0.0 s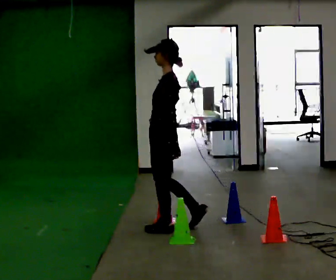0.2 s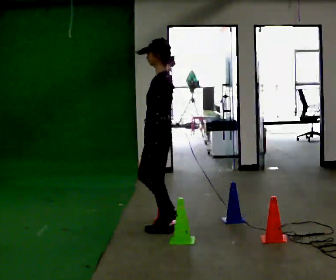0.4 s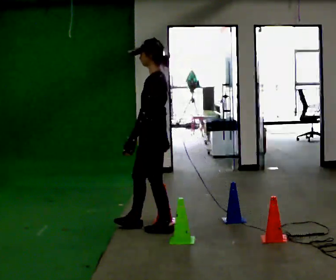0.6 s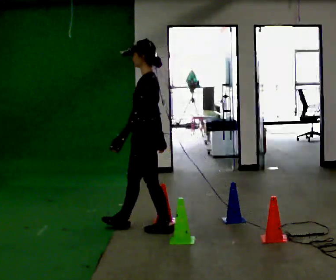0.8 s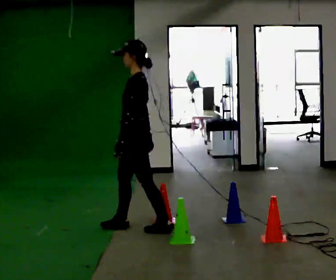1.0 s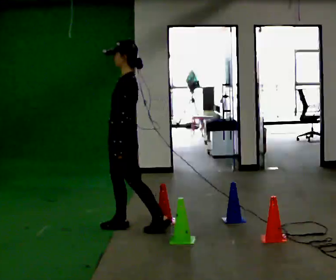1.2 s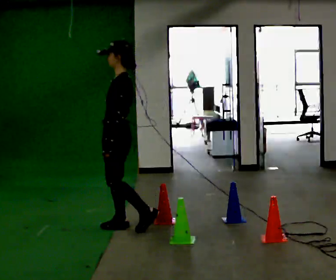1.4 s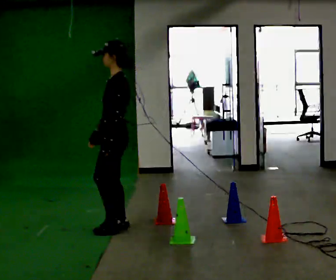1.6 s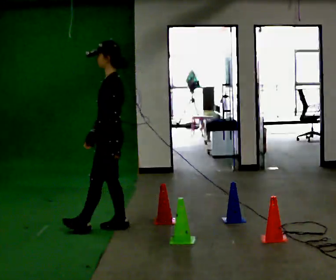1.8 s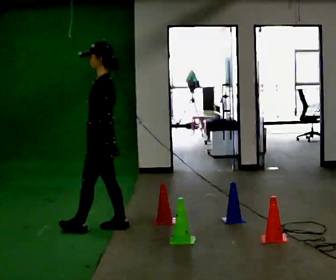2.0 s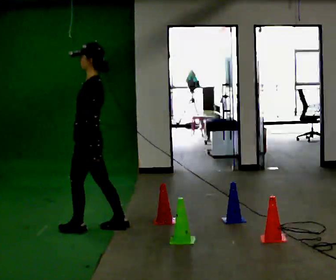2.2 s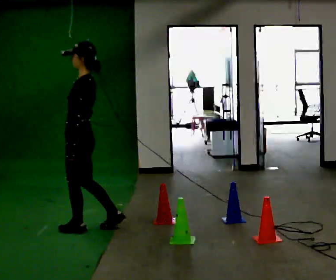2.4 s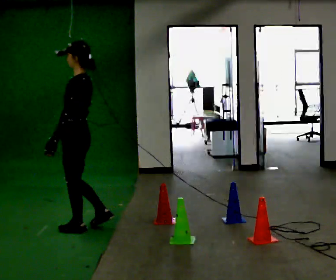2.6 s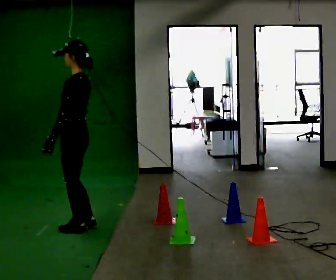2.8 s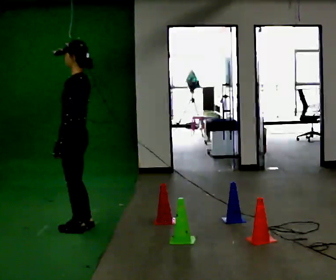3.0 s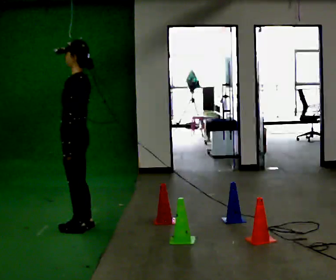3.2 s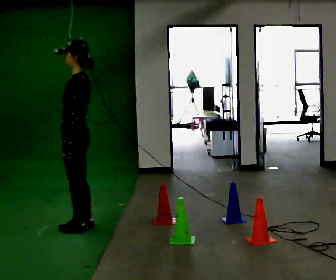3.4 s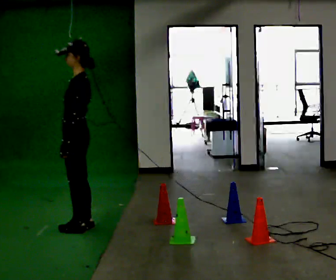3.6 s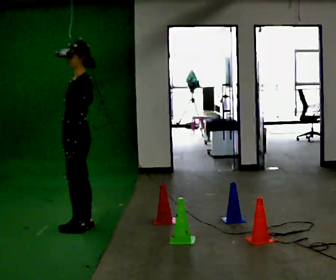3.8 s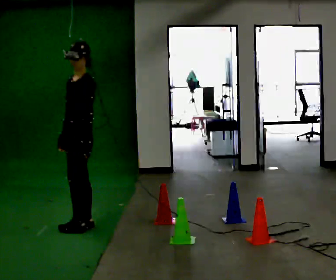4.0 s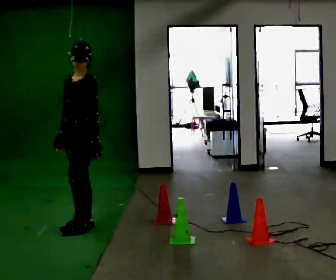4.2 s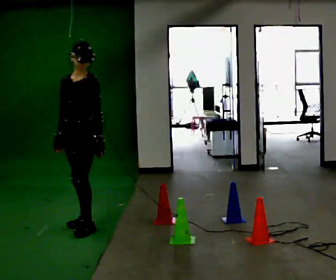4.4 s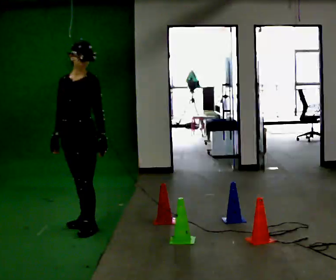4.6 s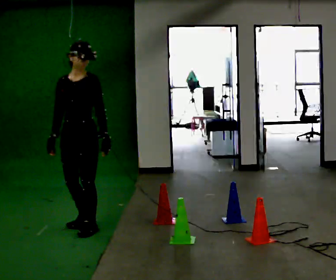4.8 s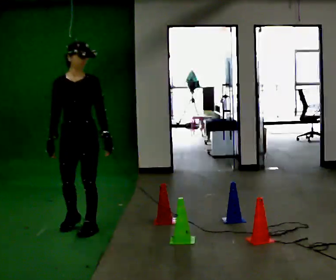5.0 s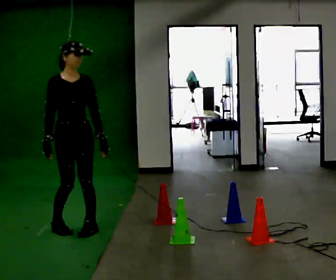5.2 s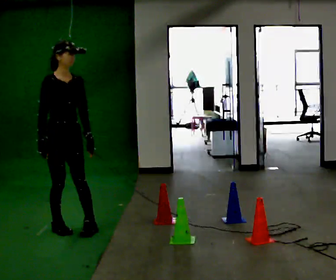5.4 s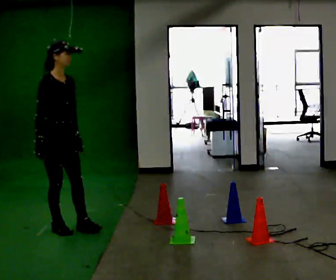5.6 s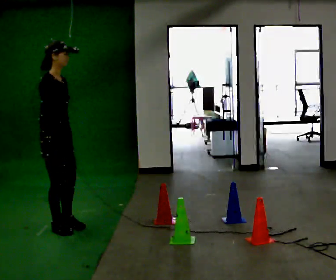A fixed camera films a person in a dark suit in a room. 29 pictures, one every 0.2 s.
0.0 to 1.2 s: In the picture they go to the left and away from the camera, about 0.5 m in 1 step, which for them is forward.
1.2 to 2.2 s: In the picture they go to the left, about 0.25 m in 1 step, which for them is forward.
2.2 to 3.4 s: The person moves a little, or ends about where they began.
3.4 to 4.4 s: The person turns about 45 degrees to their left, counterclockwise seen from above, so the part of the body nearest the lens slides to the right. In the picture their left hand goes to the right.
4.4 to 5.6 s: Seen from above the body turns counterclockwise, about 105 degrees: to their left, with its near side sliding to the right. In the picture they go to the left, about 0.25 m in 1 step.
The film runs forward here.
